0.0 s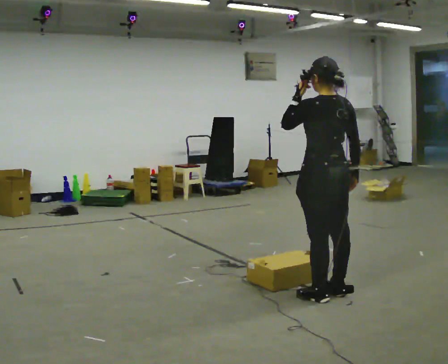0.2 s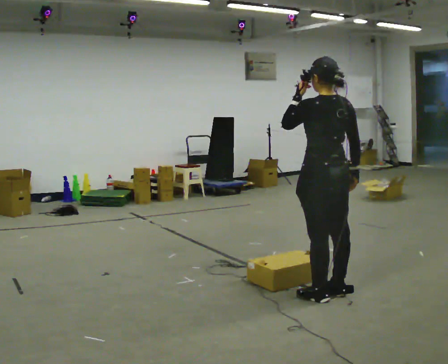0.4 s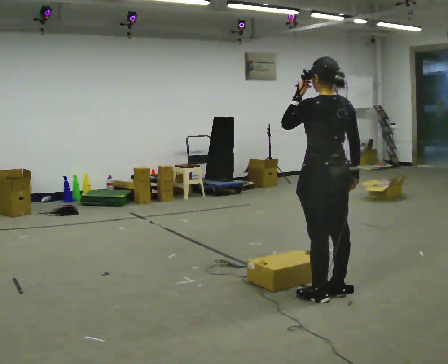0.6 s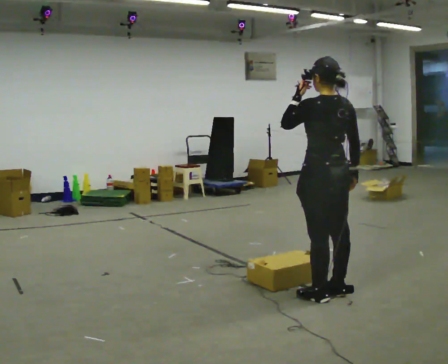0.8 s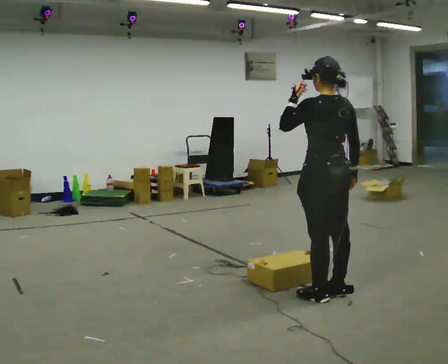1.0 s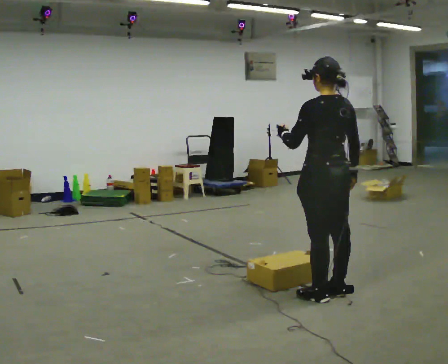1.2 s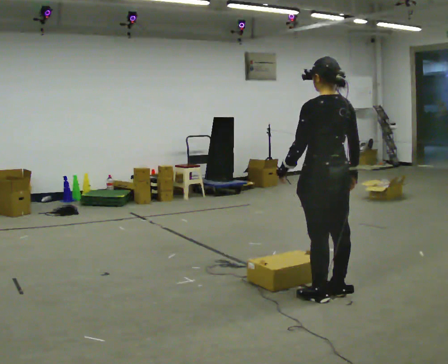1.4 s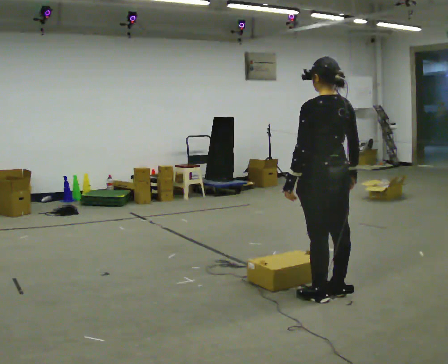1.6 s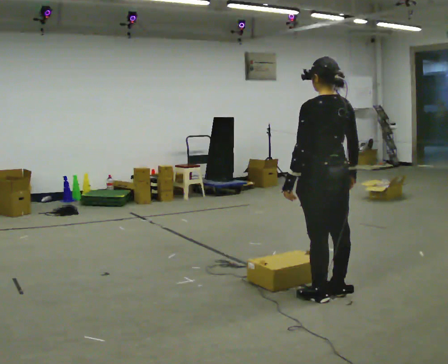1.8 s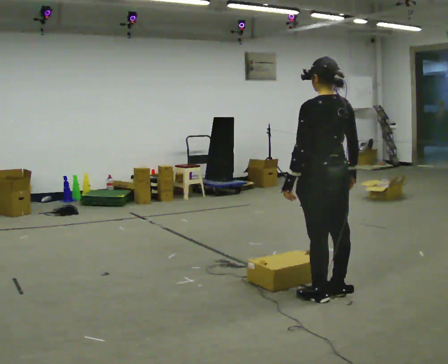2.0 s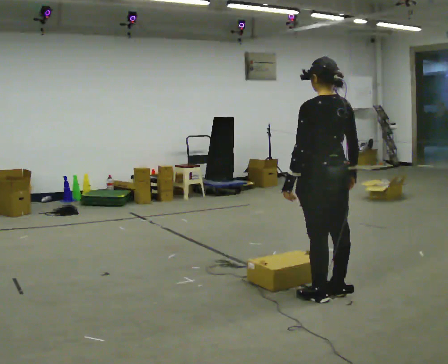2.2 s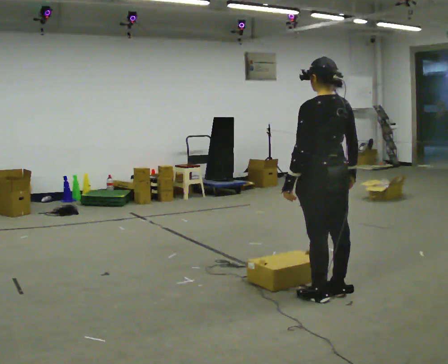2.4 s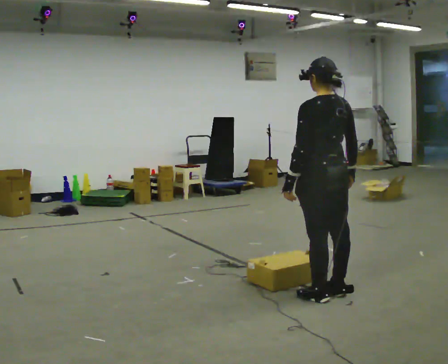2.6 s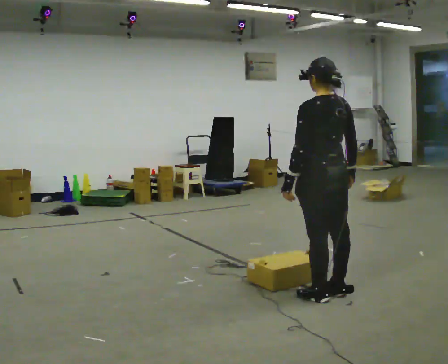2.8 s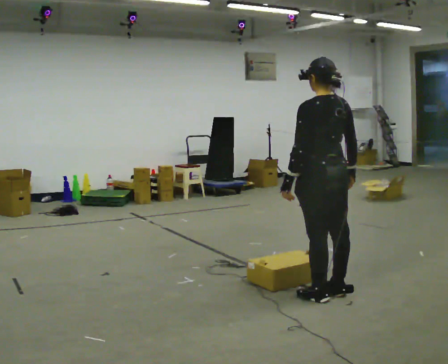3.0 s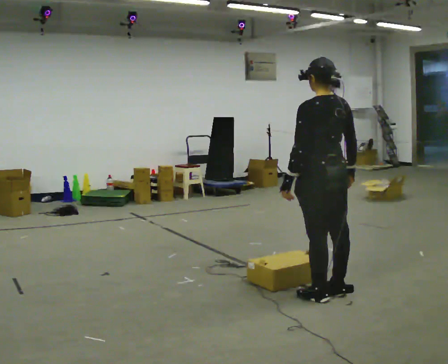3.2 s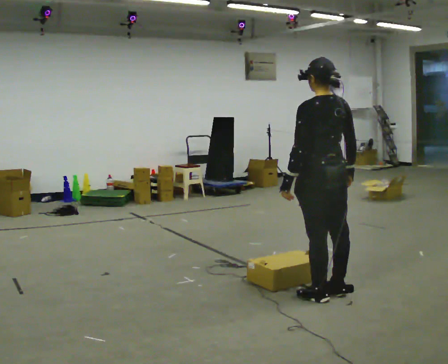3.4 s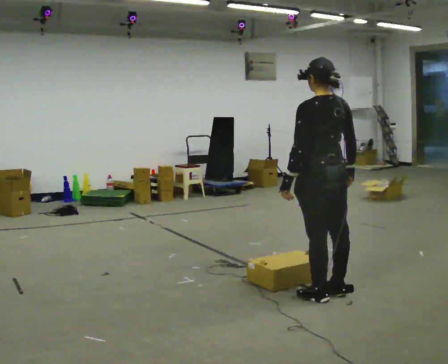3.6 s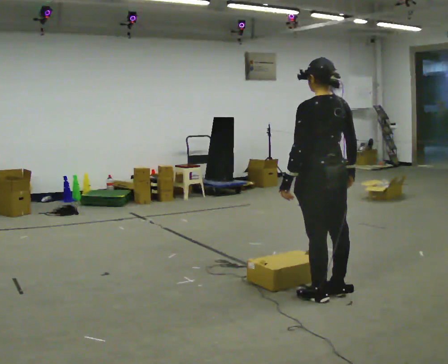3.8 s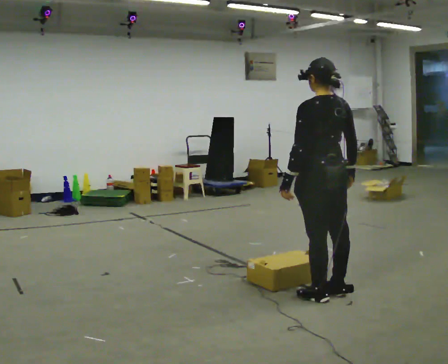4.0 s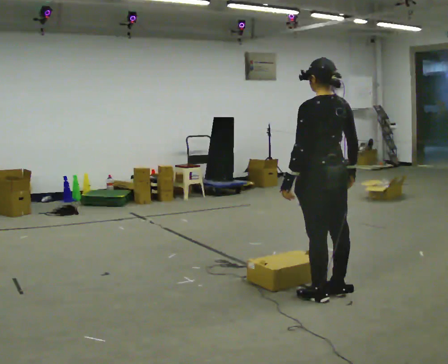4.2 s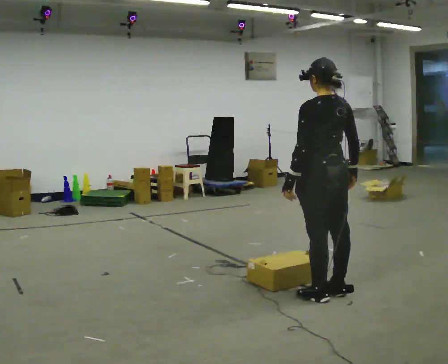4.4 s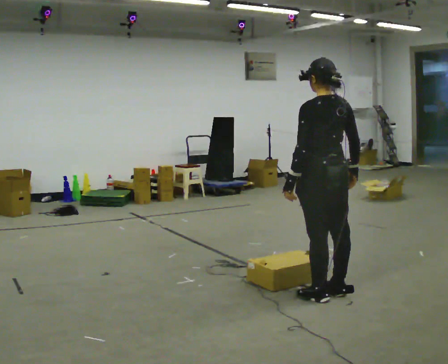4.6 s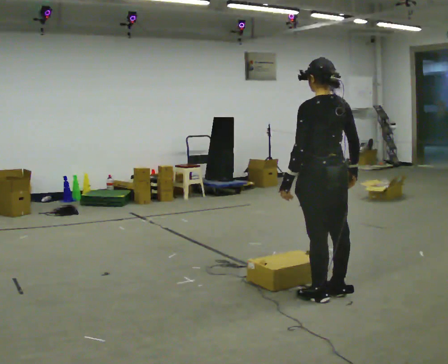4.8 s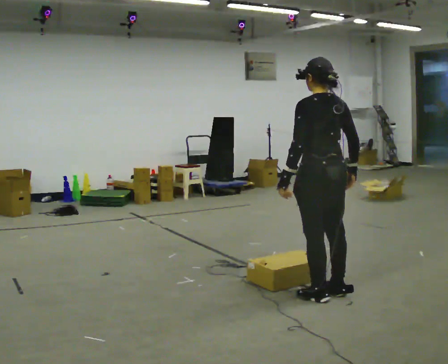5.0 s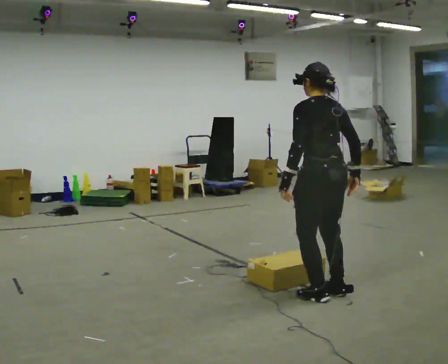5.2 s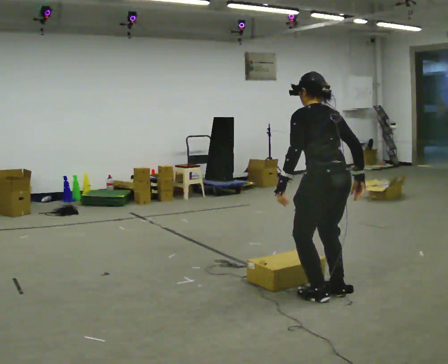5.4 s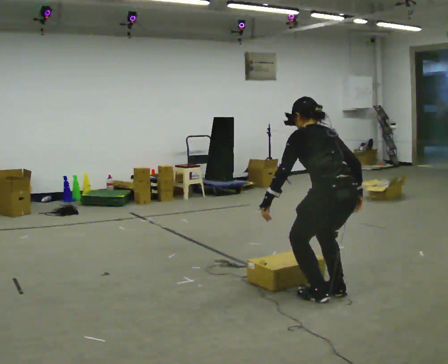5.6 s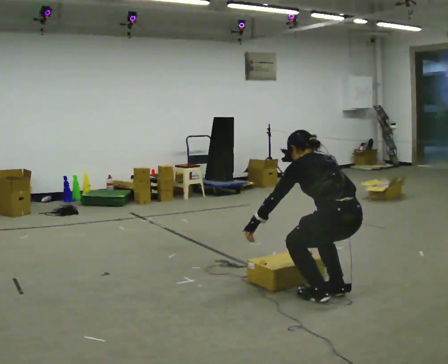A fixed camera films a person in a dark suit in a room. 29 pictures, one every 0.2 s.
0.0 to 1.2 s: In the picture their left hand goes downward.
1.2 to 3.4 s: The person moves a little, or ends about where they began.
3.4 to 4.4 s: The person keeps their place and pose.
4.4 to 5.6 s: The shoulders move downward. The upper body tips away from the camera, its near side rolling upward, as they bend forward.
The film runs backward here.
